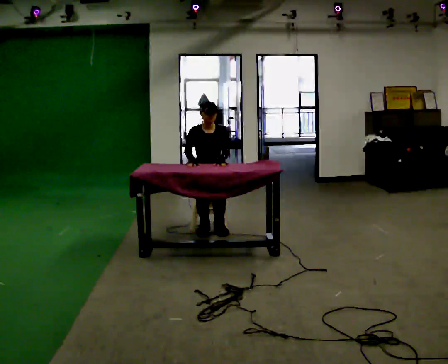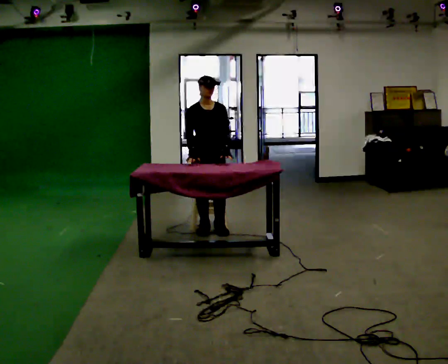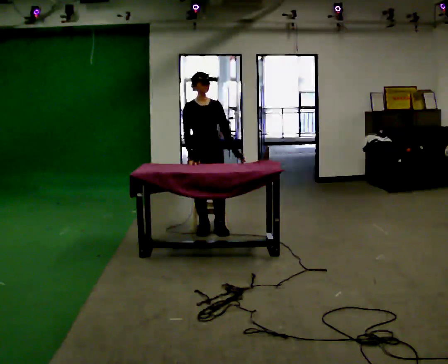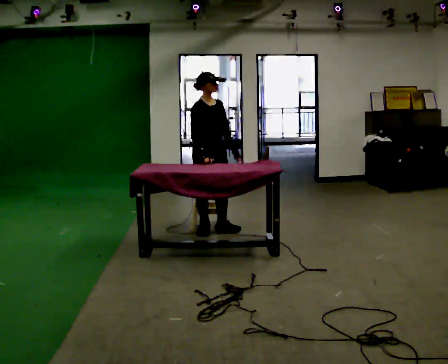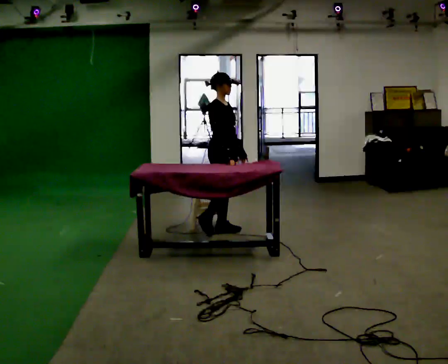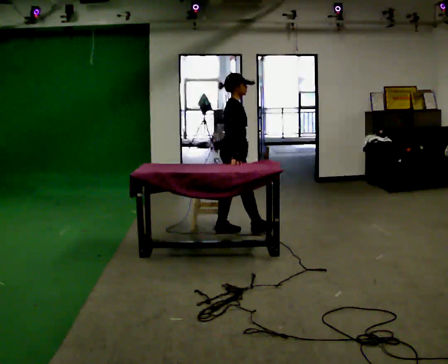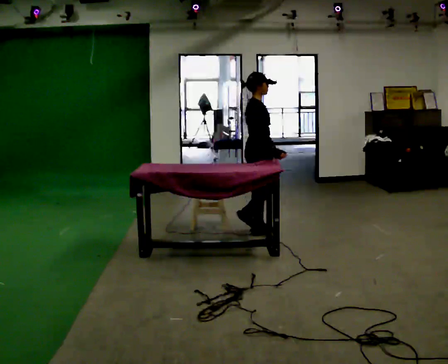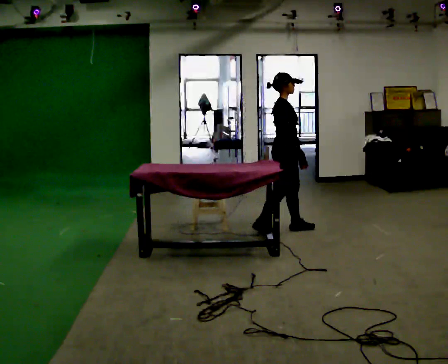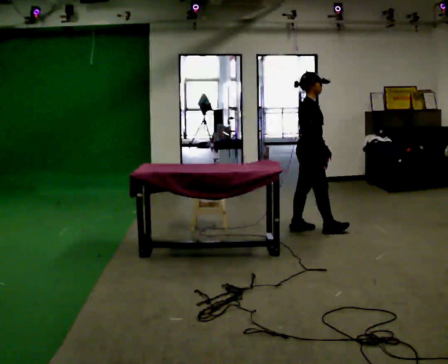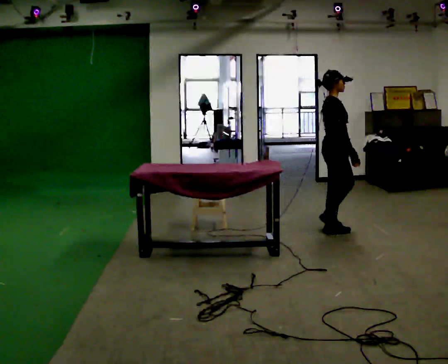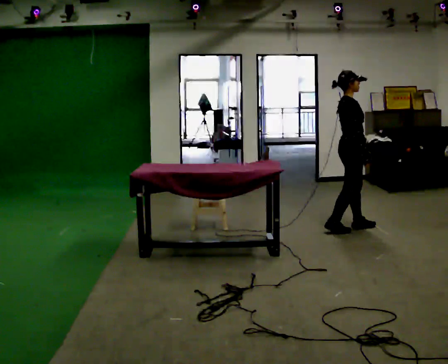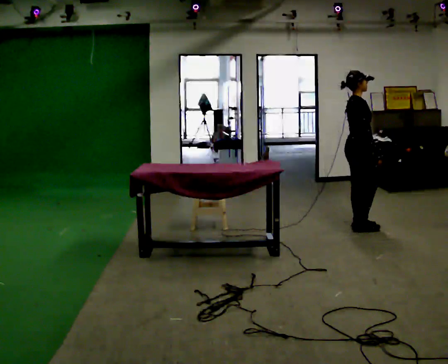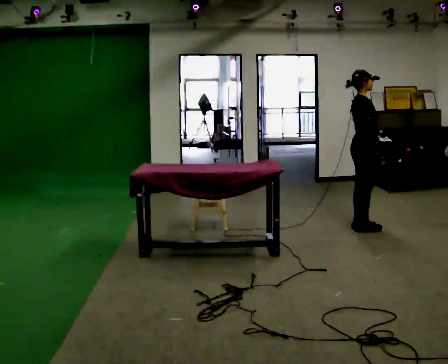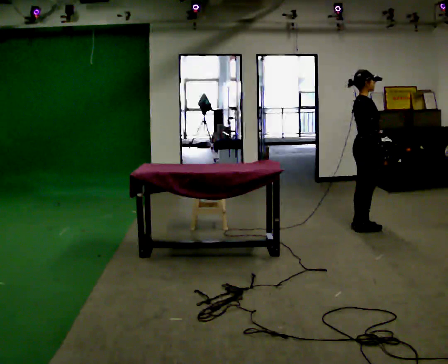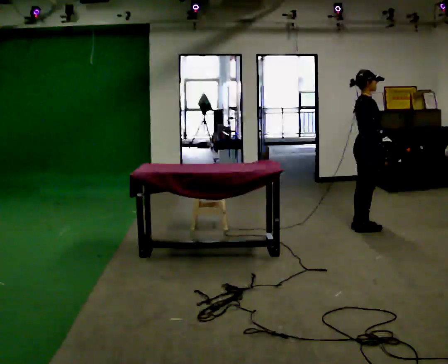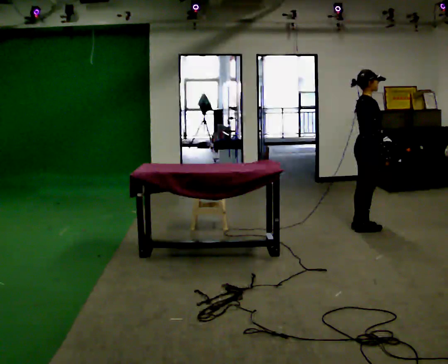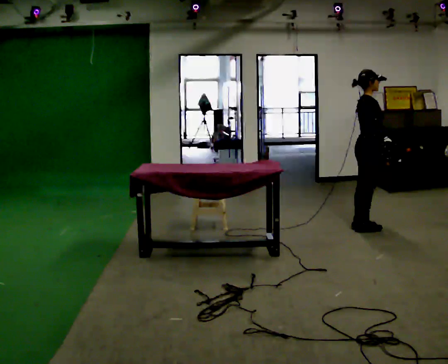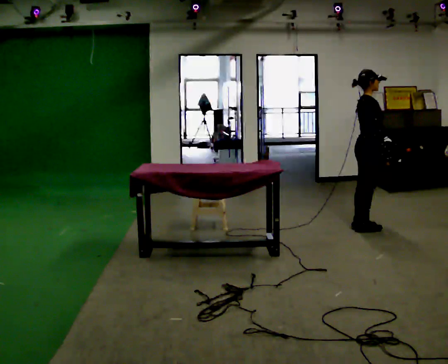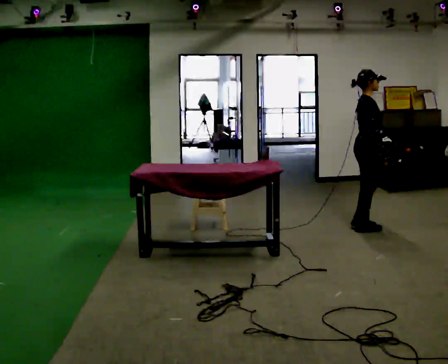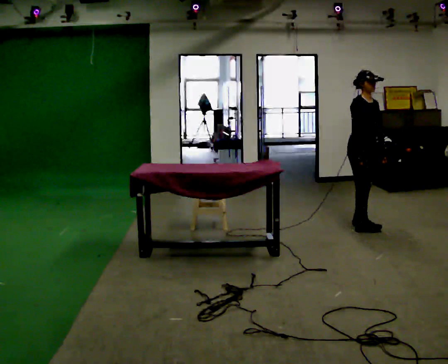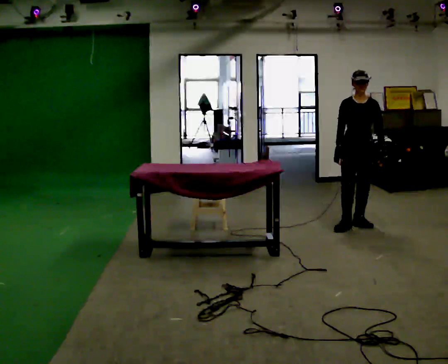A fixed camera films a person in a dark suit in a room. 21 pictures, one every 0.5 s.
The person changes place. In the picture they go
to the right.
The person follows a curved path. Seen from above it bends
counterclockwise.
0.0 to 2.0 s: Seen from above the body turns counterclockwise, about 60 degrees: to their left, with its near side sliding to the right. In the picture they go to the right, about 0.25 m. The shoulders move upward.
2.0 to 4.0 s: In the picture they go to the right, about 1 m in 3 steps, which for them is forward.
4.0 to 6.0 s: In the picture they go to the right, about 0.5 m in 2 steps, which for them is forward.
6.0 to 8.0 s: The person moves a little, or ends about where they began.
8.0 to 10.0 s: The person turns about 105 degrees to their right, clockwise seen from above, so the part of the body nearest the lens slides to the left. In the picture their right hand goes to the left.
The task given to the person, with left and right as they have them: Walk up to the chair at the table, sit down into the space, settle as if you were about to work there, then stand up and step away. Repeat the movement at your own pace until the operator says stop; do not rush.
The film runs forward here.
